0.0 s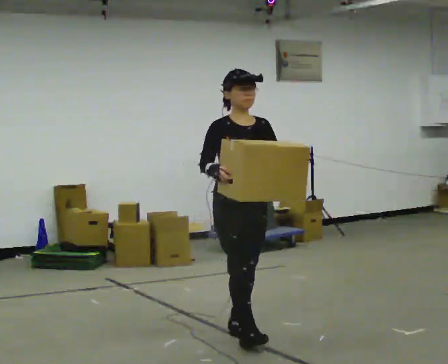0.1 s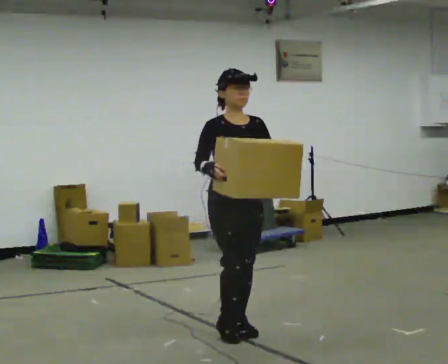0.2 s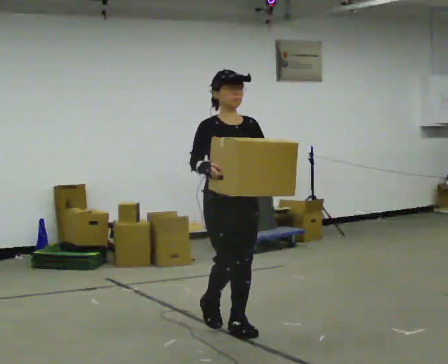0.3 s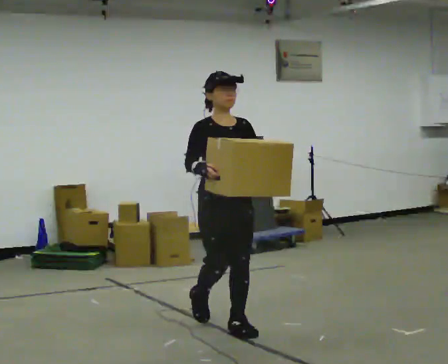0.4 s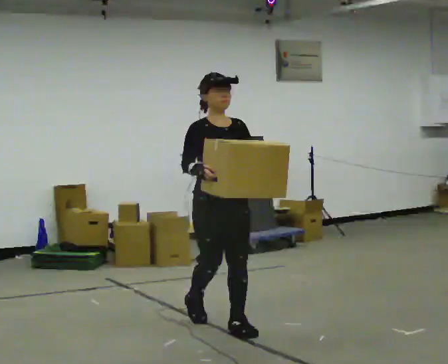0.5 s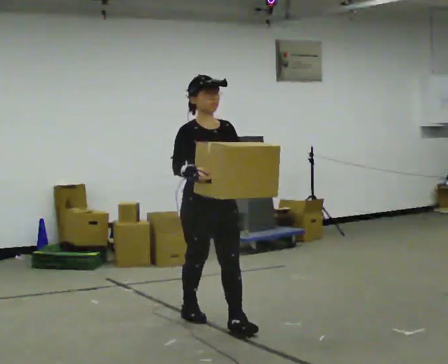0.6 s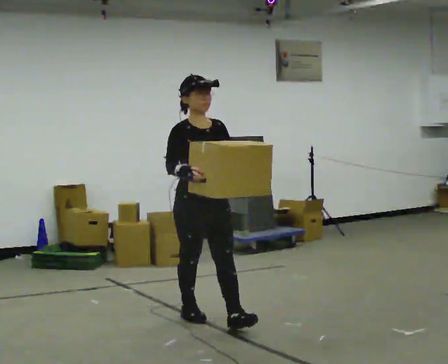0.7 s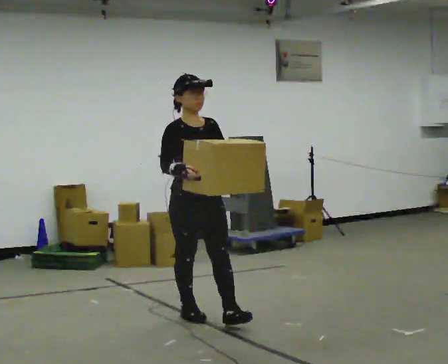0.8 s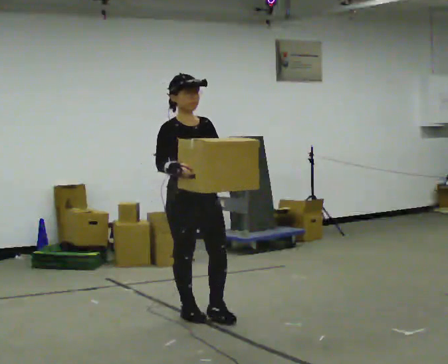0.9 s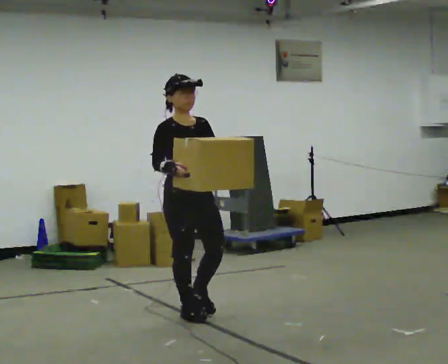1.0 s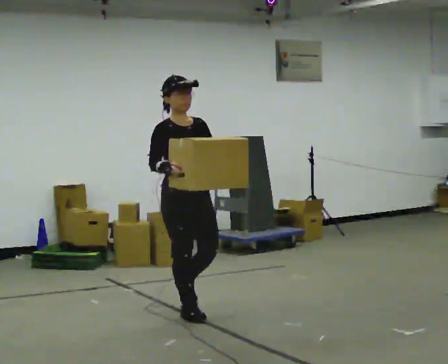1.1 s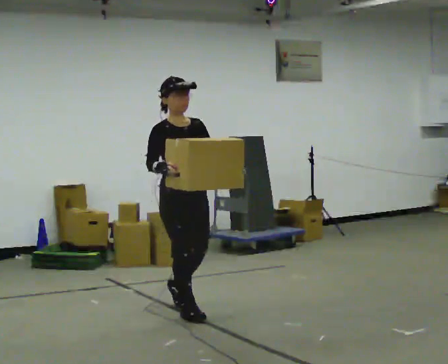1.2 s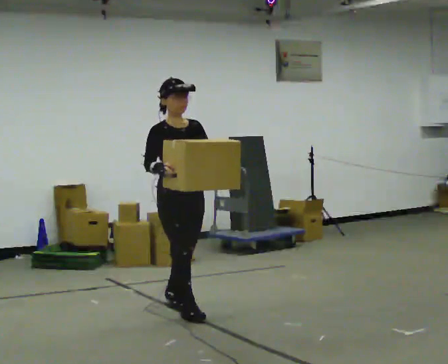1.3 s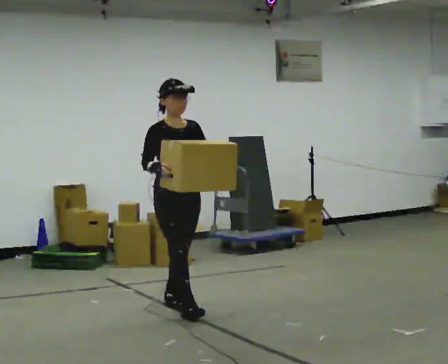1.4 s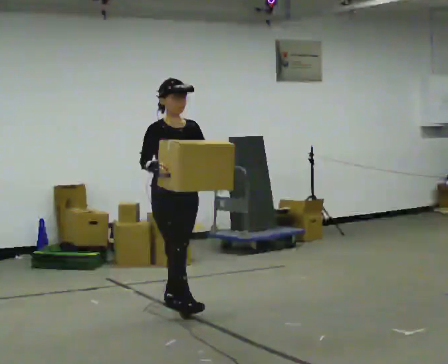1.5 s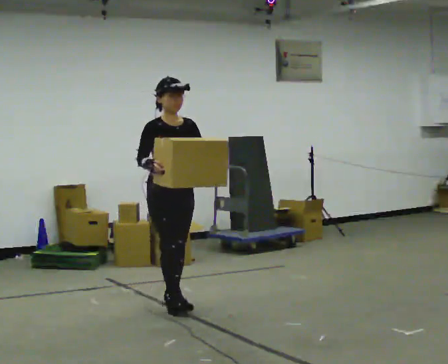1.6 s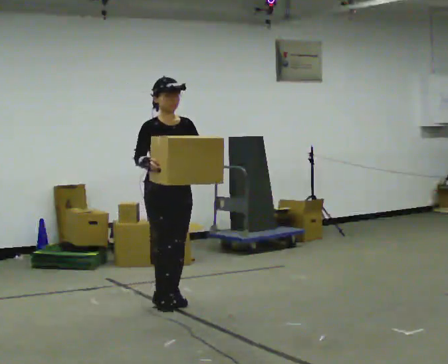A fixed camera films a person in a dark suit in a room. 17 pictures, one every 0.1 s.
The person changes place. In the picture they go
away from the camera.
0.0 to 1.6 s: In the picture they go away from the camera and to the left, about 1 m in 2 steps, which for them is backward.
The film runs backward here.
